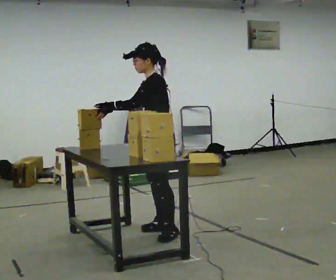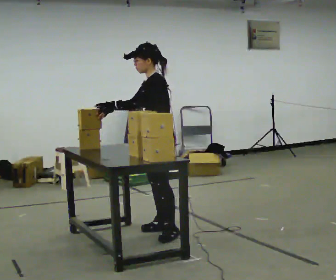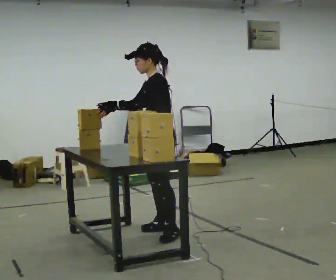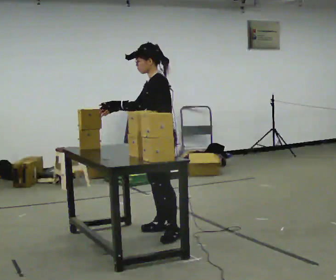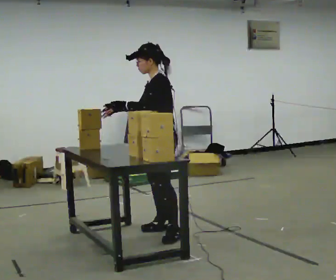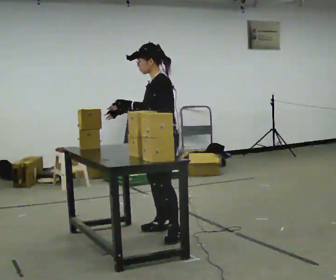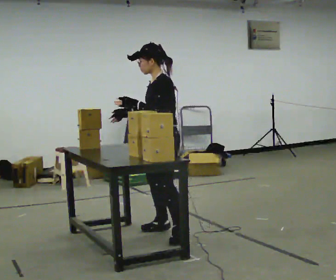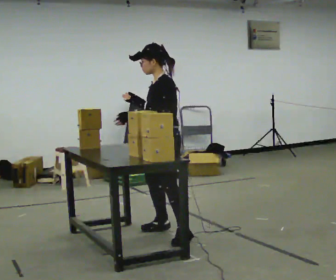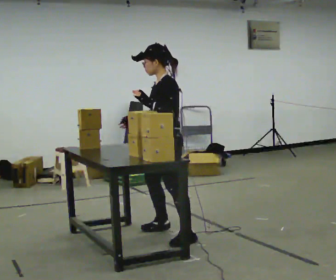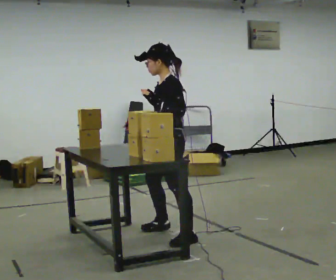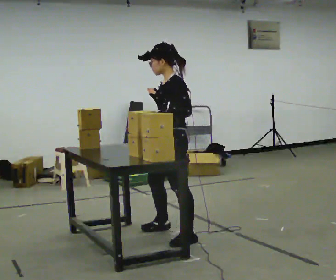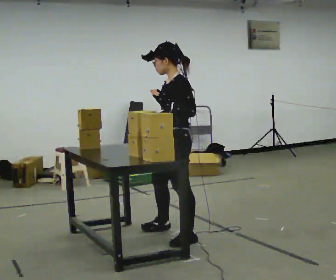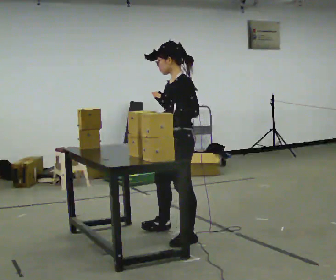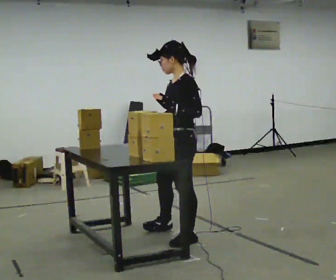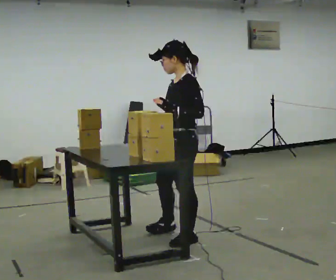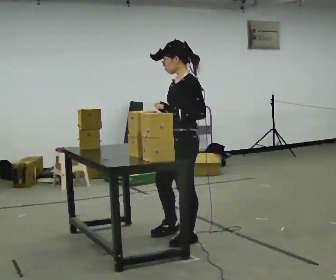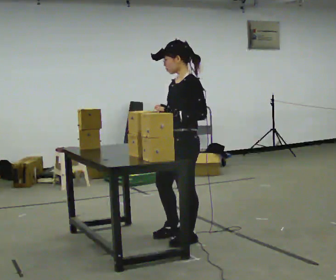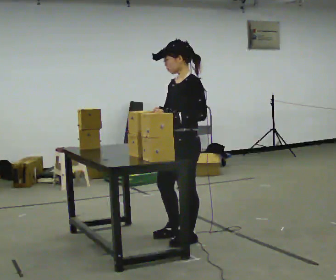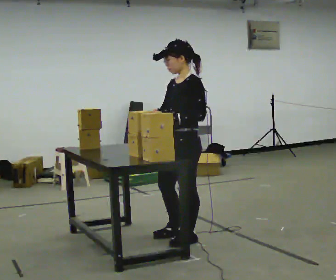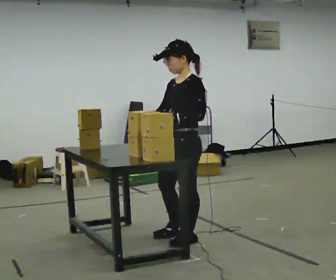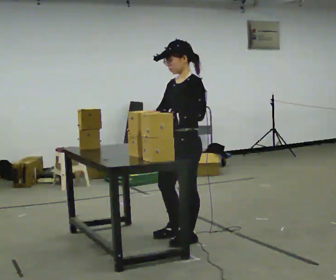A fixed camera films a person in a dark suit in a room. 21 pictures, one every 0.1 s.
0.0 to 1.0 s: In the picture they go toward the camera, about 0.25 m in 1 step, which for them is to their left. In the picture their left hand goes to the right.
1.0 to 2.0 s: In the picture they go toward the camera, about 0.25 m in 1 step, which for them is to their left.
The film runs backward here.
